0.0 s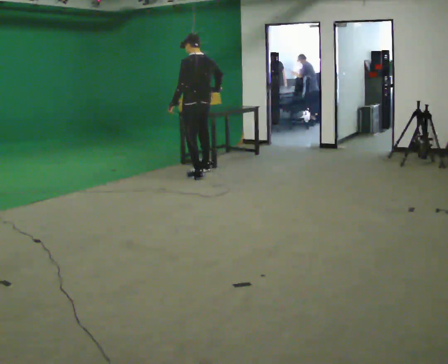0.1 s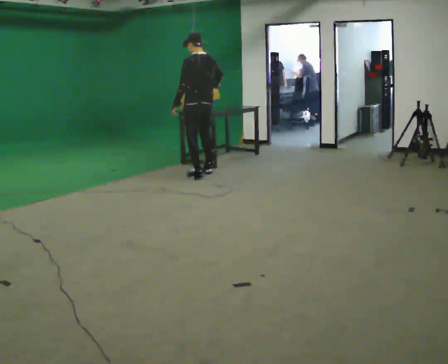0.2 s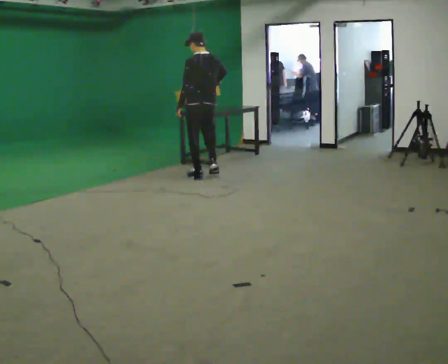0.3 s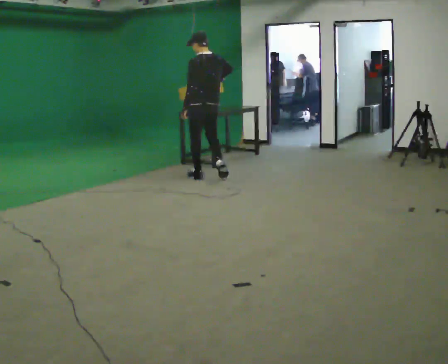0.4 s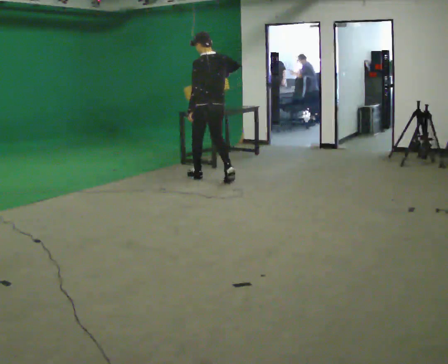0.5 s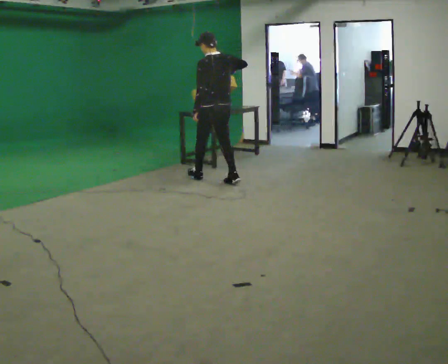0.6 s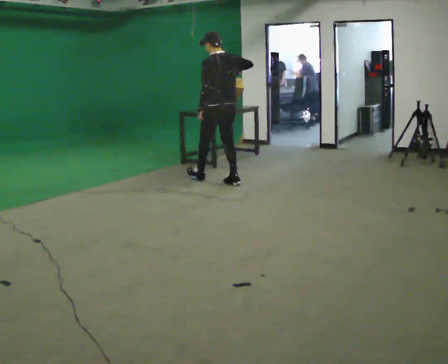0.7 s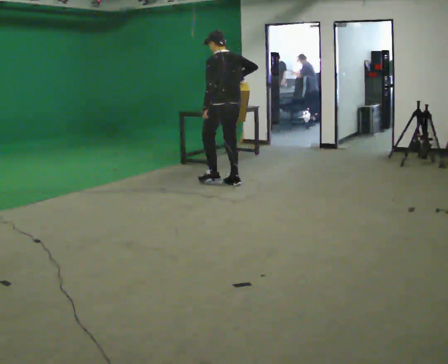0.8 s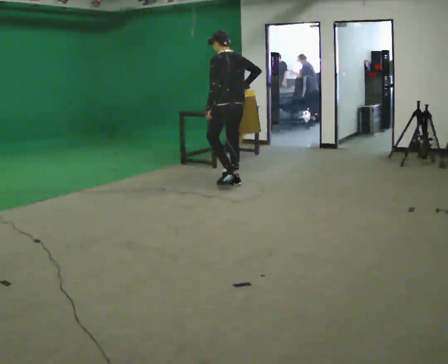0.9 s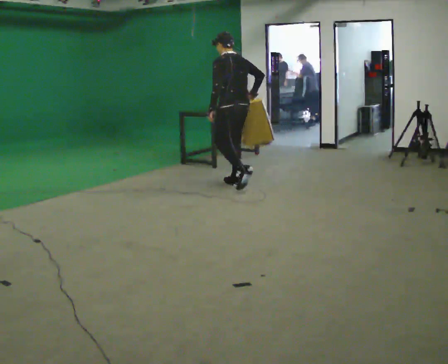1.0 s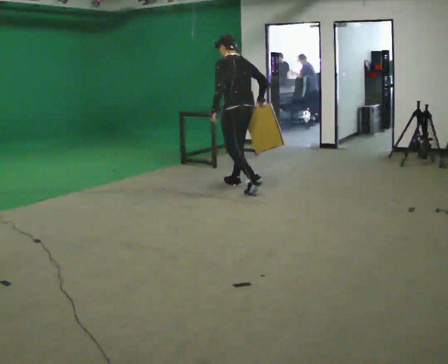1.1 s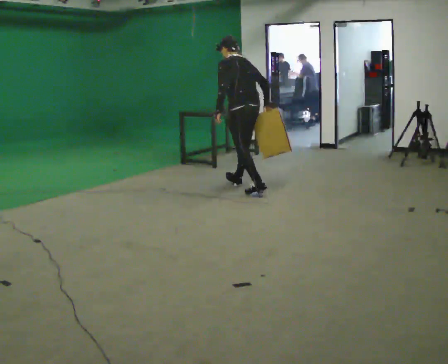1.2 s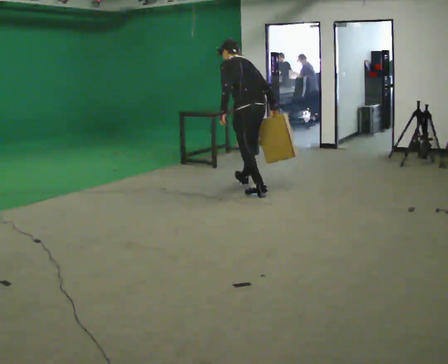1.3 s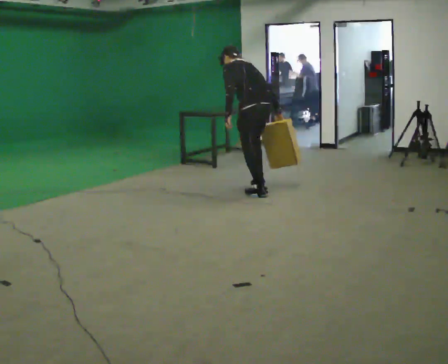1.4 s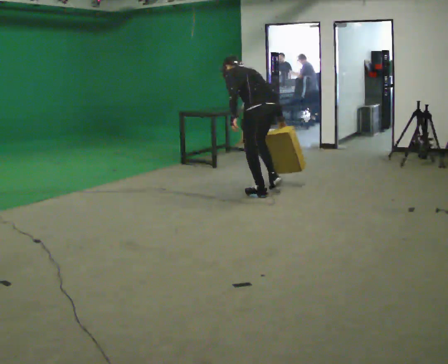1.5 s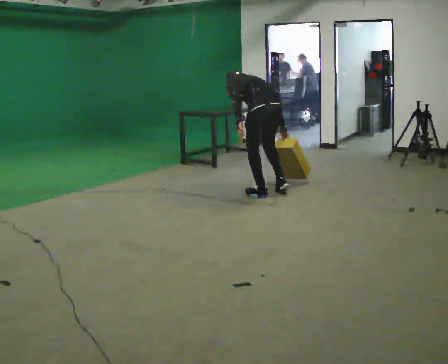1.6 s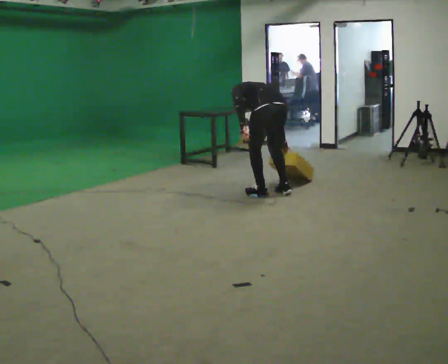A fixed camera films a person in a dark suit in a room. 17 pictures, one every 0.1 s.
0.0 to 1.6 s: In the picture they go toward the camera and to the right, about 1.5 m in 2 steps, which for them is backward. The upper body goes downward. The upper body tips away from the camera, its near side rolling upward, as they bend forward. In the picture their right hand goes downward.
The film runs backward here.
